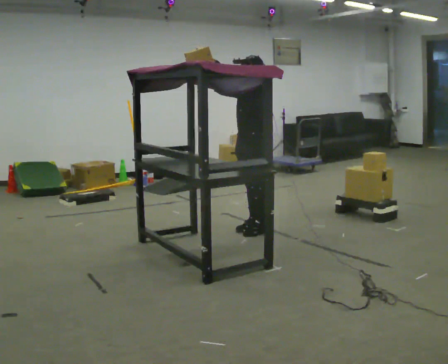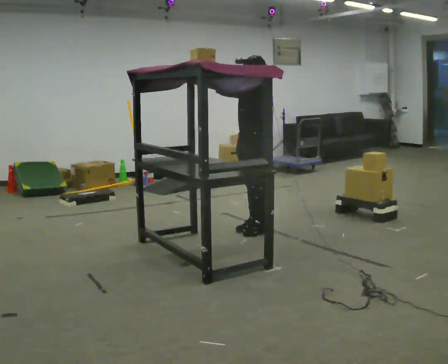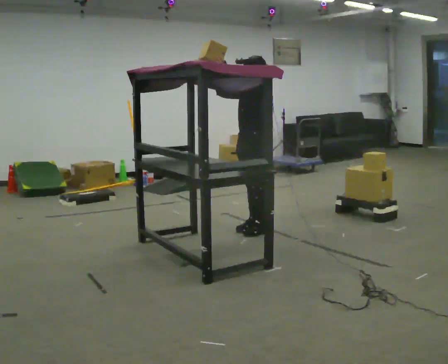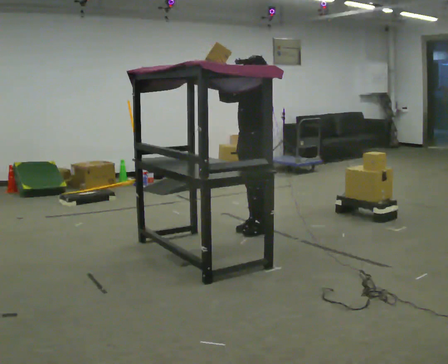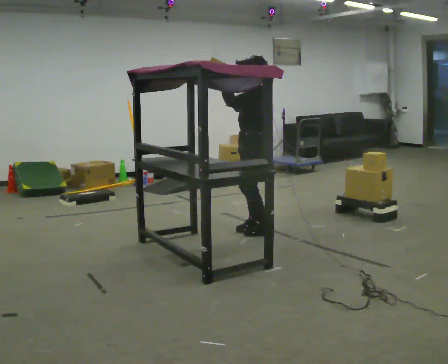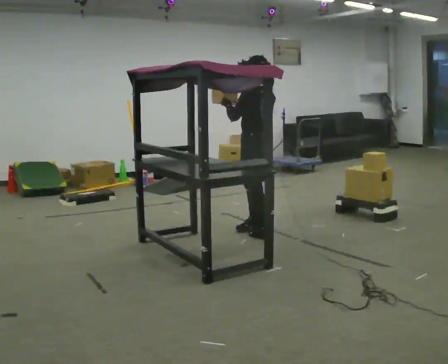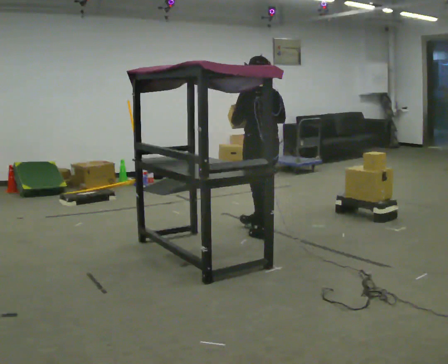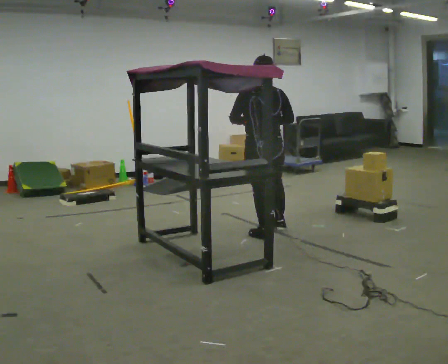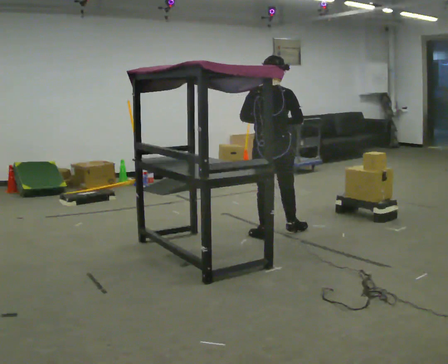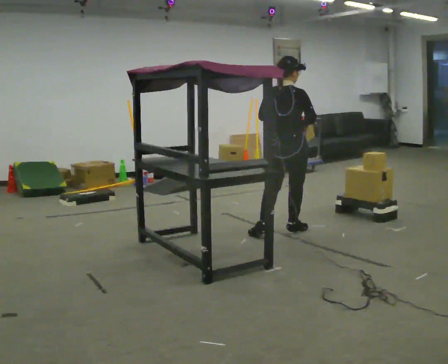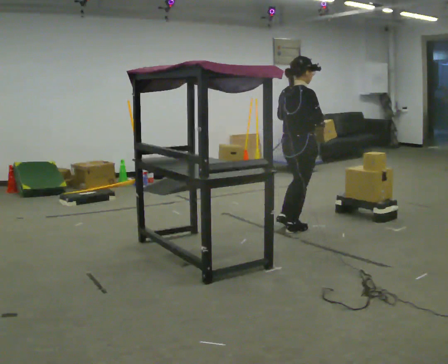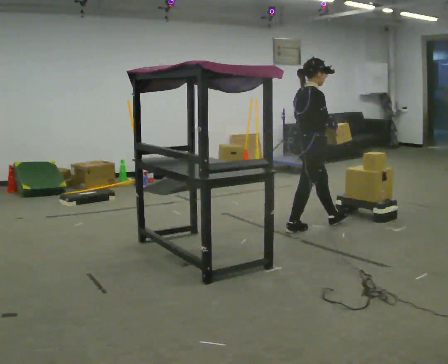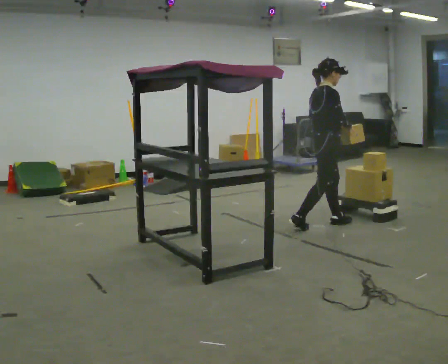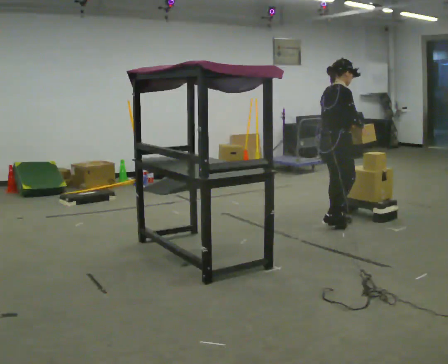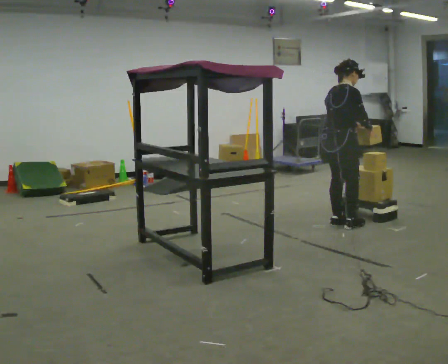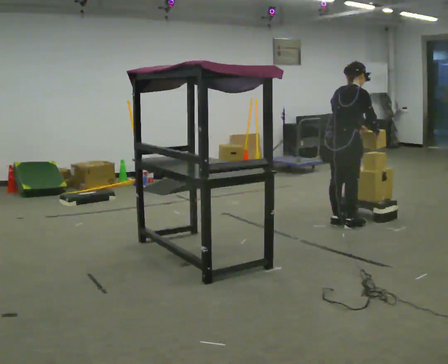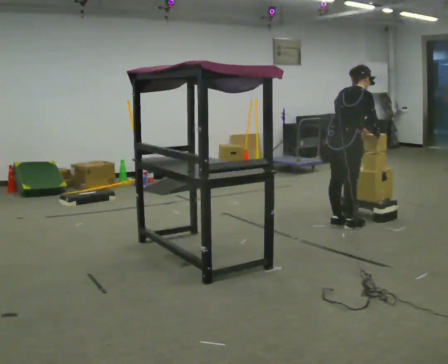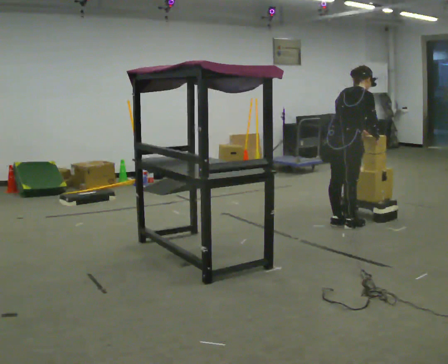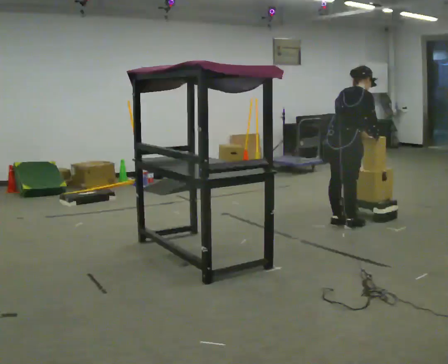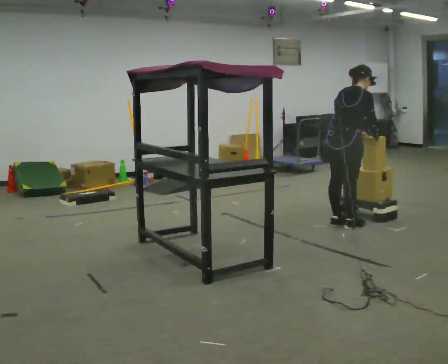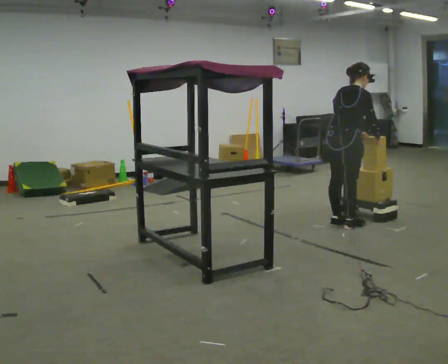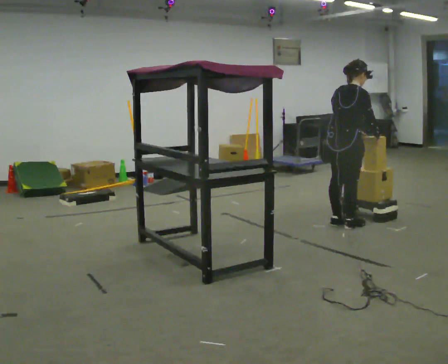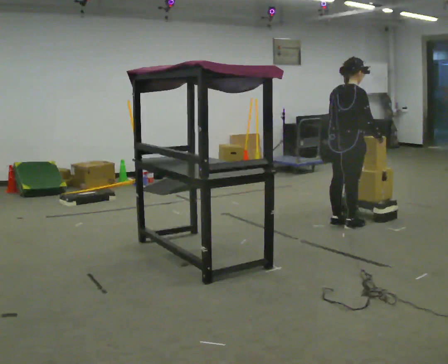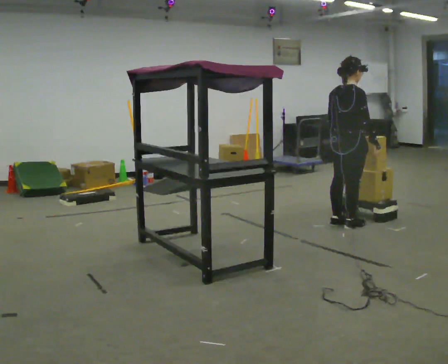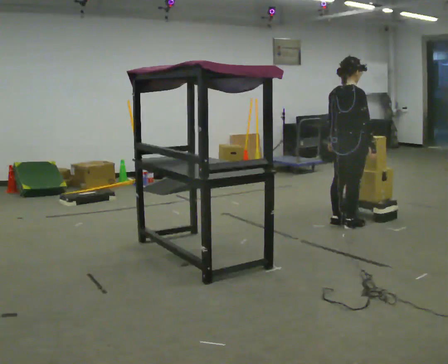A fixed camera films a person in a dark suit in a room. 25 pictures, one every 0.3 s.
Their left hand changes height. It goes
downward.
The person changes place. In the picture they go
to the right.
0.0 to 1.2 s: The part of the body nearest the lens slides to the left as the person turns to their right by about 30 degrees.
1.2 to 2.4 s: The part of the body nearest the lens slides to the left as the person turns to their right by about 105 degrees. In the picture their right hand goes to the right.
2.4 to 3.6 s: Seen from above the body turns clockwise, about 75 degrees: to their right, with its near side sliding to the left. In the picture they go to the right and away from the camera, about 0.5 m in 1 step.
3.6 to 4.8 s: In the picture they go to the right, about 0.25 m in 1 step, which for them is forward. In the picture the upper body tilts clockwise, shoulders to the right, as they bend forward. In the picture their right hand goes to the right.
4.8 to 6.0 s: The person moves a little, or ends about where they began.
6.0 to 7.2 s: In the picture the upper body tilts counterclockwise, shoulders to the left, as they lean back or straighten.
The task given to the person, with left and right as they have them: Take an object from the highest shelf you can comfortably reach, carry it across, and place it on the lowest shelf. Keep going until the operator says stop; one object at a time, and do not rush between trips.
The film runs forward here.
